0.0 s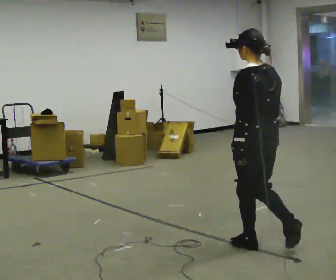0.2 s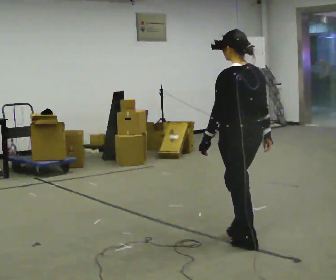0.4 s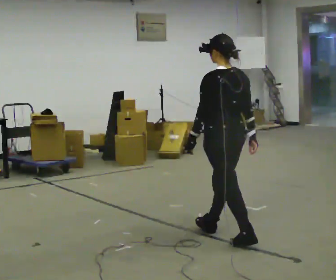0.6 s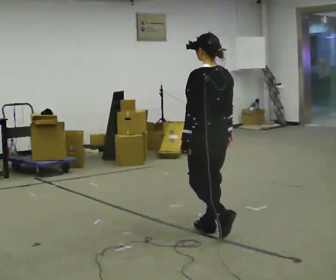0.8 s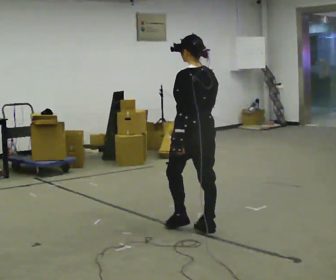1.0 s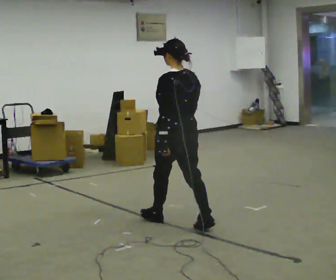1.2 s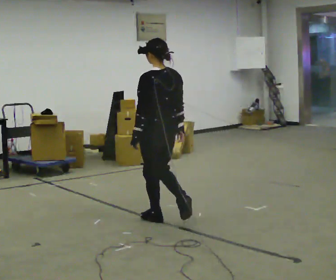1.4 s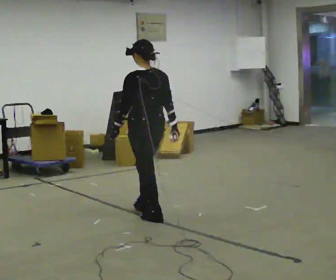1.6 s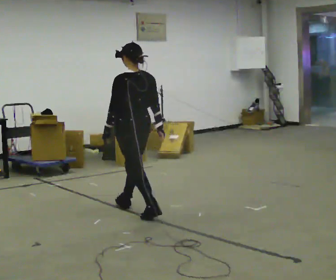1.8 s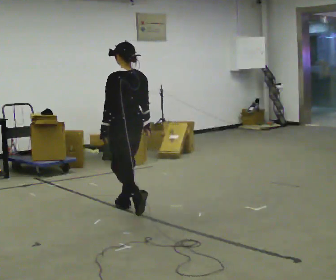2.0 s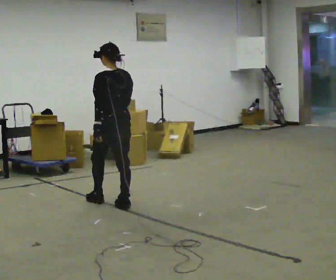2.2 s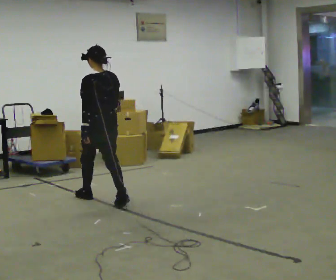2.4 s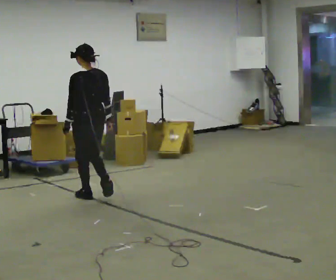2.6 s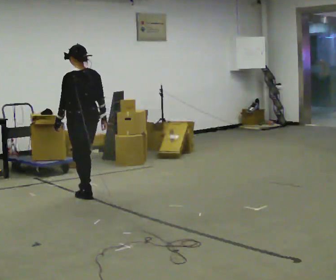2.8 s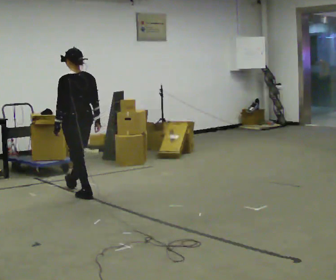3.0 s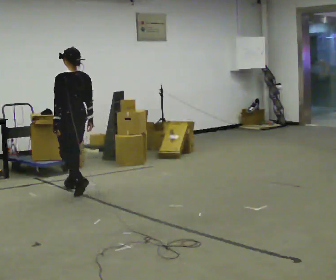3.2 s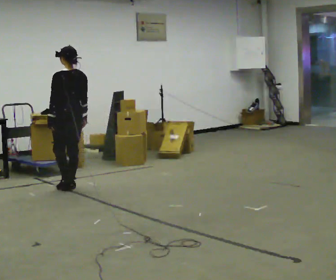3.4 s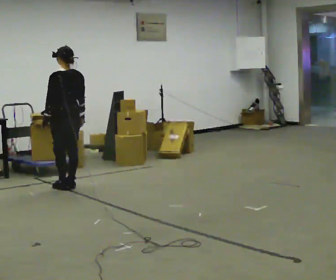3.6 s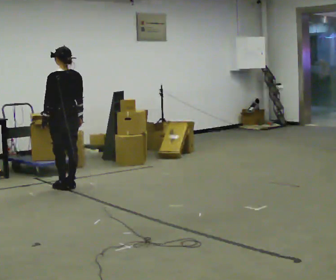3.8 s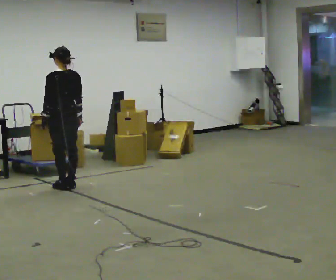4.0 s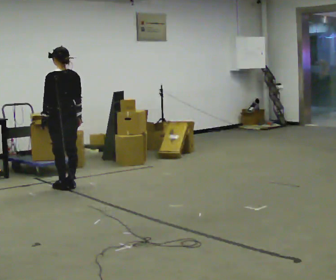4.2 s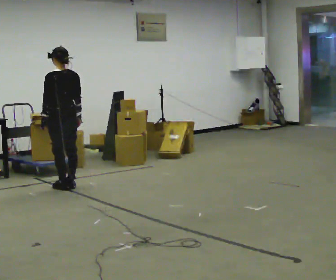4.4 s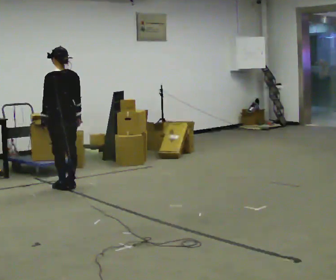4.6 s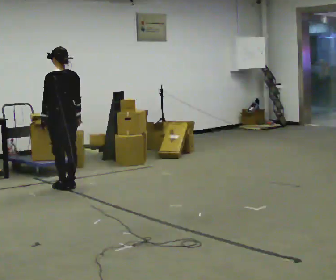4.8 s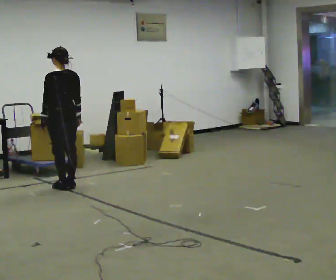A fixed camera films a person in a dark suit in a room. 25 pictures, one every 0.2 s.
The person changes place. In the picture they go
away from the camera.
0.0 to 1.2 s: In the picture they go away from the camera and to the left, about 1 m in 2 steps, which for them is forward.
1.2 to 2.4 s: In the picture they go away from the camera and to the left, about 1 m in 2 steps, which for them is forward.
2.4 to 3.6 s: In the picture they go away from the camera and to the left, about 0.5 m in 2 steps, which for them is forward.
3.6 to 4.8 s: The person moves a little, or ends about where they began.
The film runs forward here.
